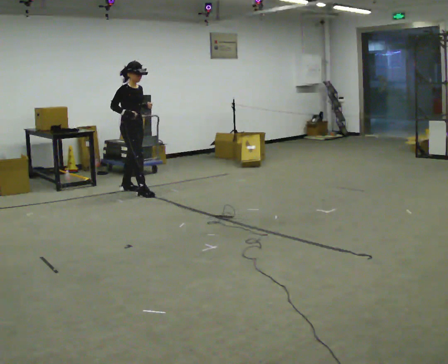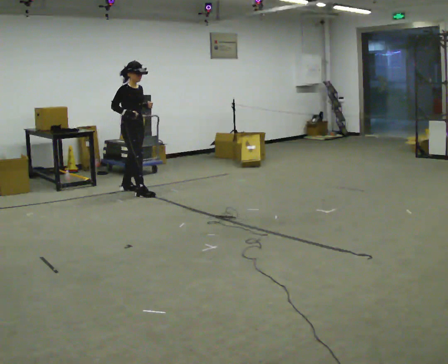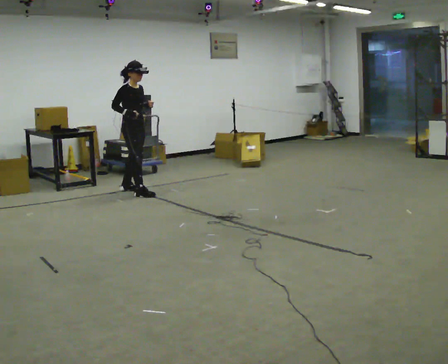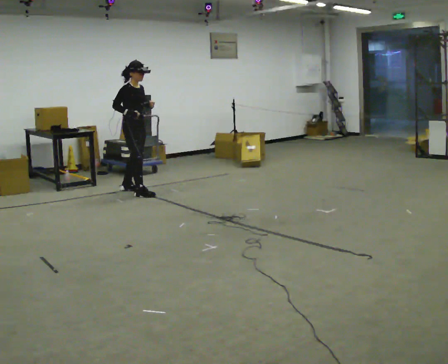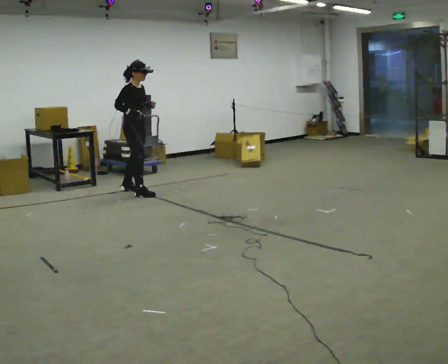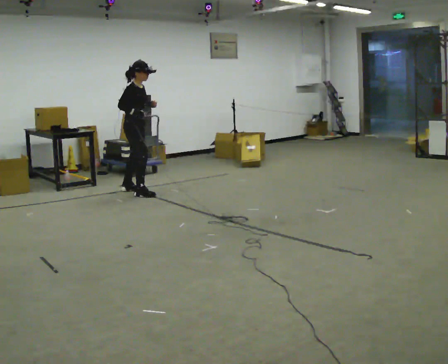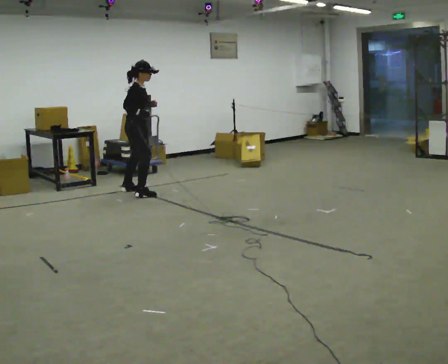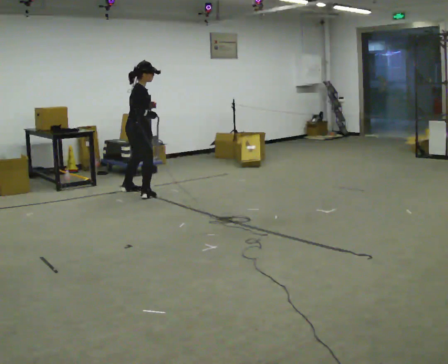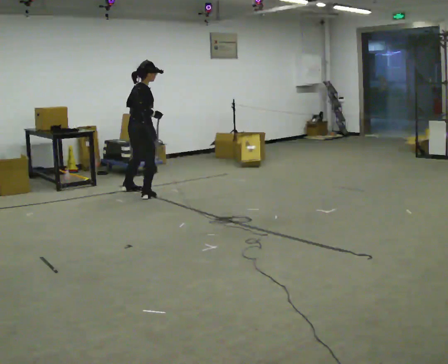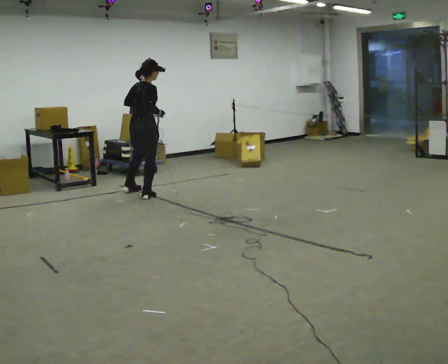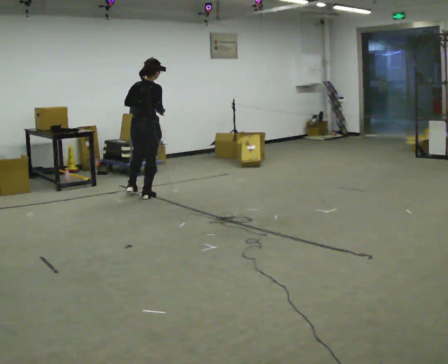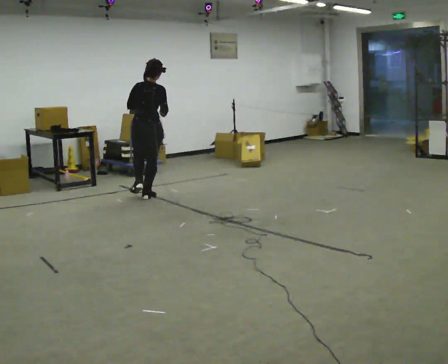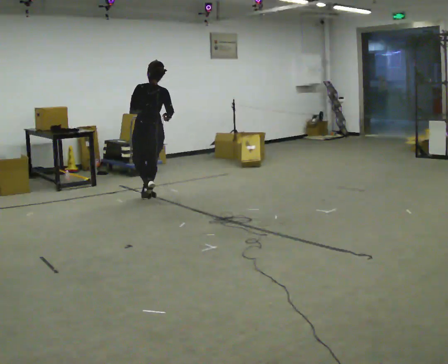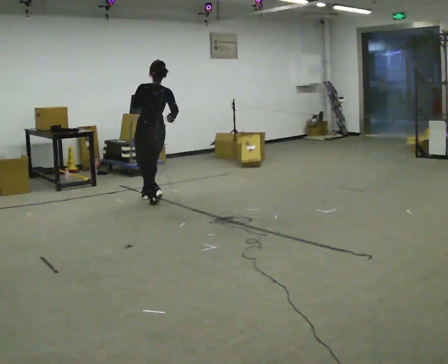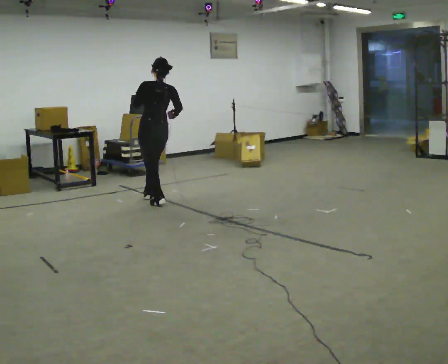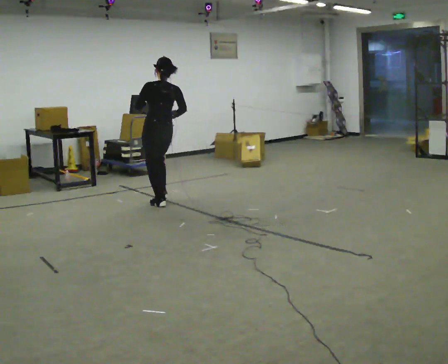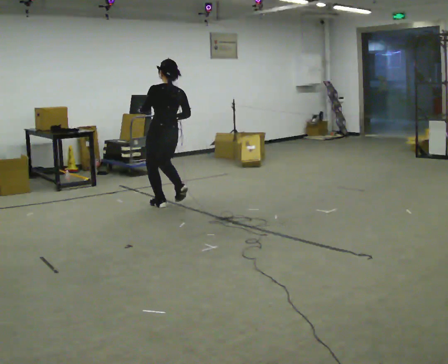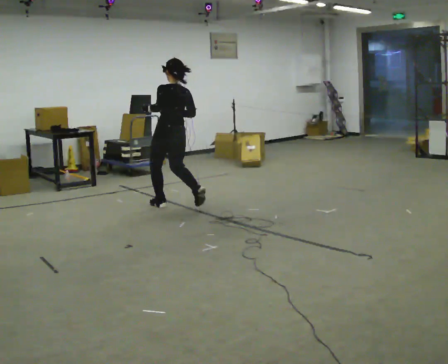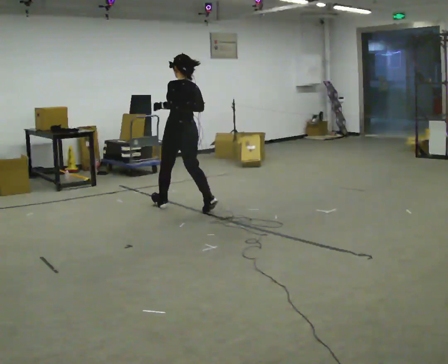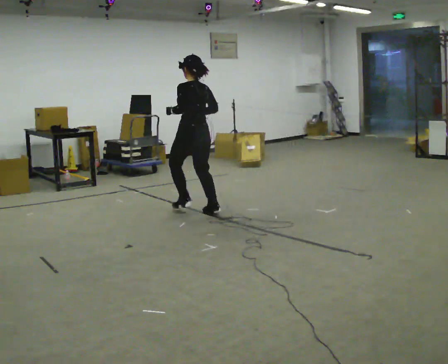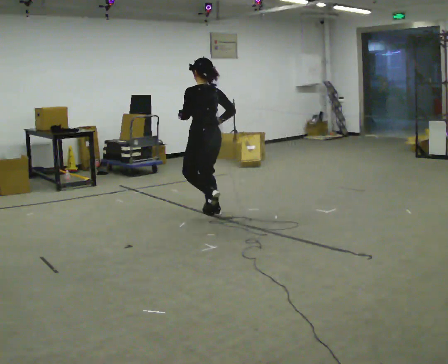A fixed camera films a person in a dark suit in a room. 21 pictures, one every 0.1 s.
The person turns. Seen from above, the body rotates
counterclockwise.
The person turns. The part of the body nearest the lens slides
to the right.
0.0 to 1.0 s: The person turns about 90 degrees to their left, counterclockwise seen from above, so the part of the body nearest the lens slides to the right. In the picture they go toward the camera, about 0.25 m in 2 steps.
1.0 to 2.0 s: Seen from above the body turns counterclockwise, about 75 degrees: to their left, with its near side sliding to the right. In the picture they go toward the camera and to the right, about 1 m in 2 steps.
The film runs backward here.
